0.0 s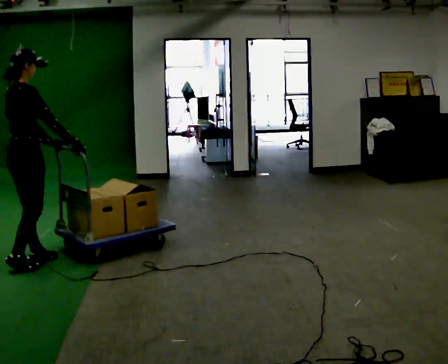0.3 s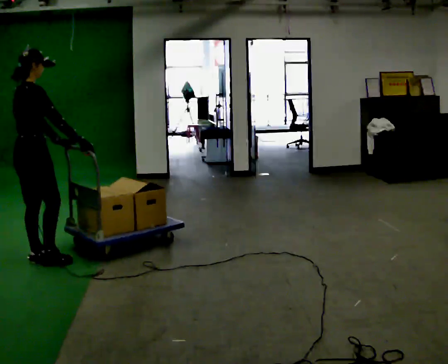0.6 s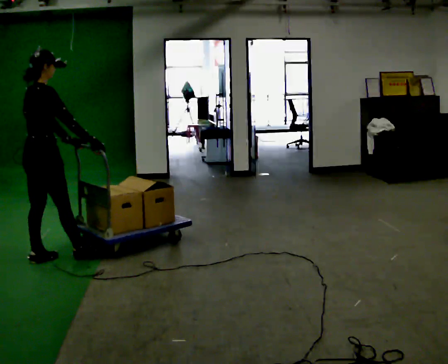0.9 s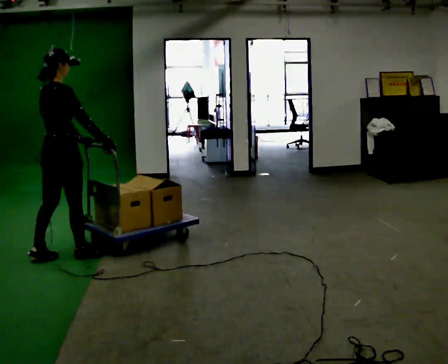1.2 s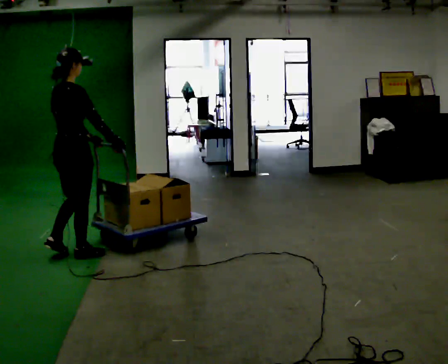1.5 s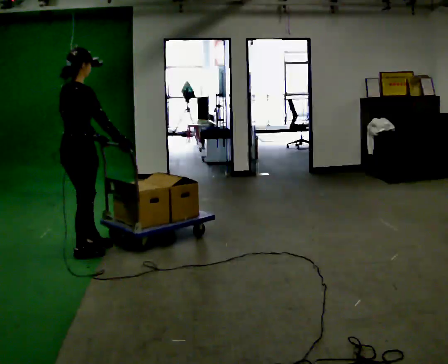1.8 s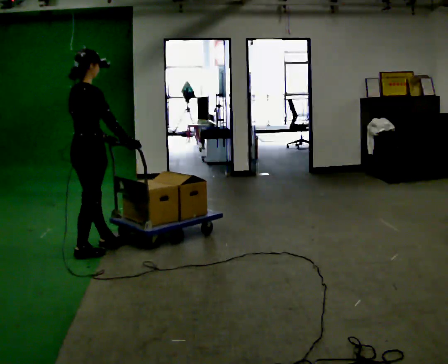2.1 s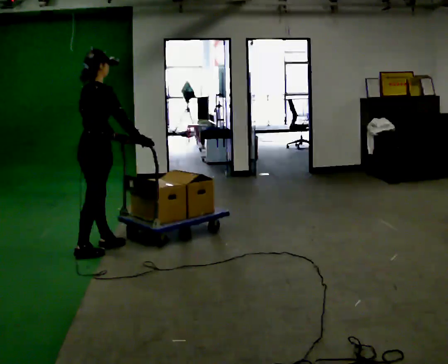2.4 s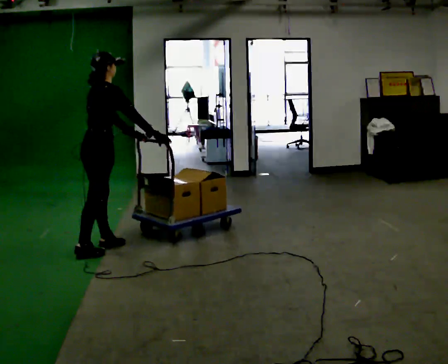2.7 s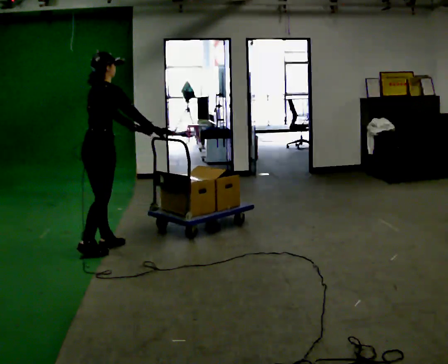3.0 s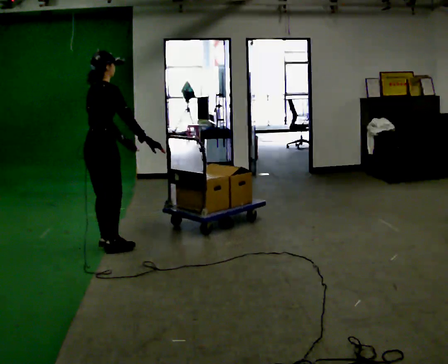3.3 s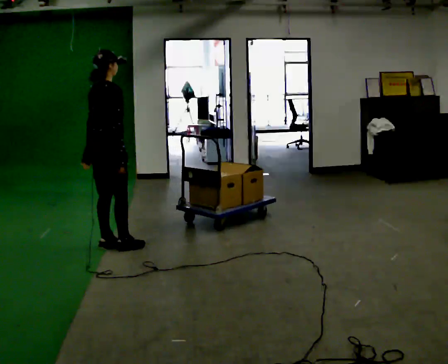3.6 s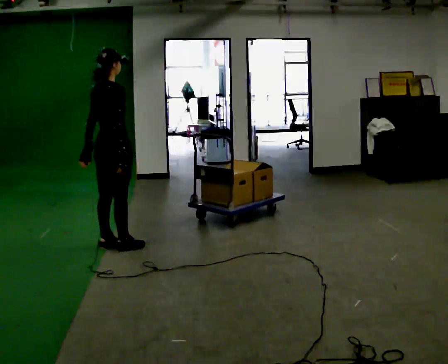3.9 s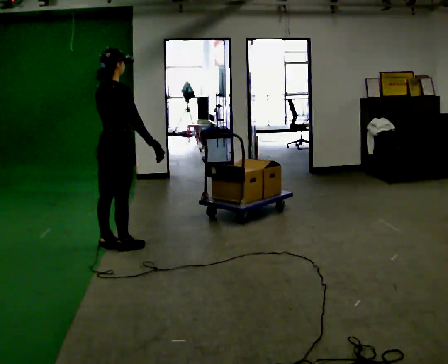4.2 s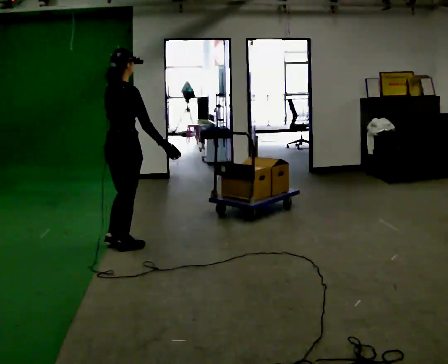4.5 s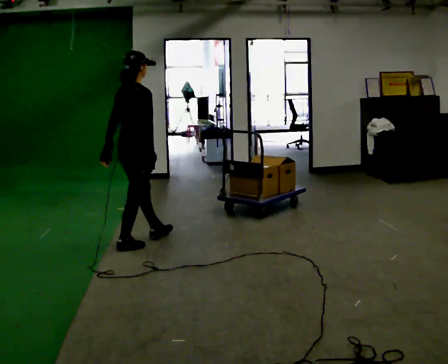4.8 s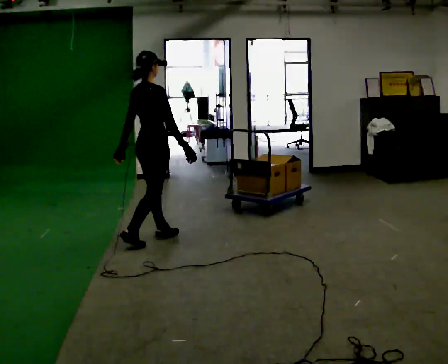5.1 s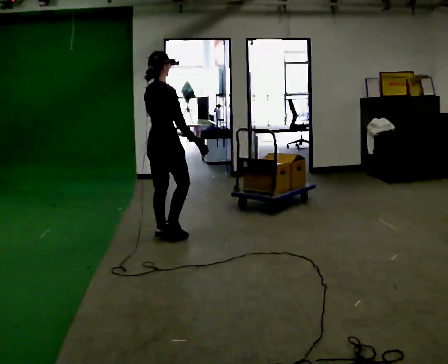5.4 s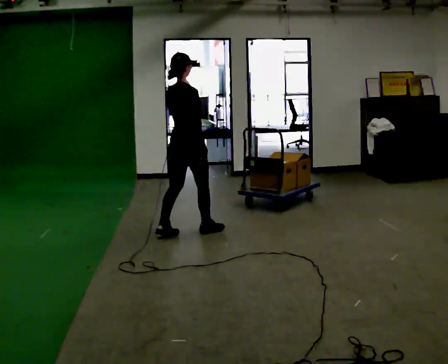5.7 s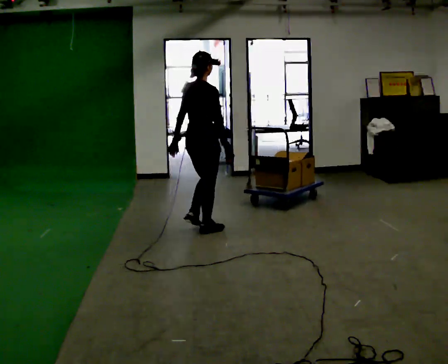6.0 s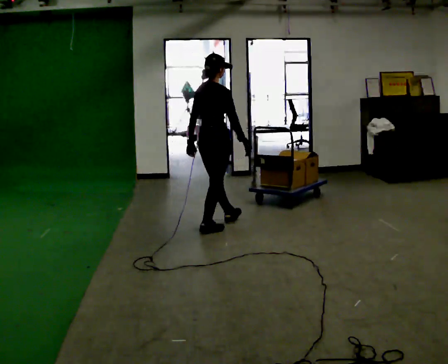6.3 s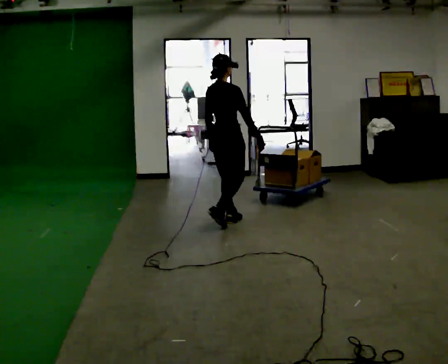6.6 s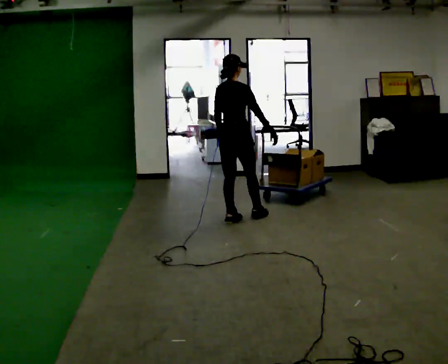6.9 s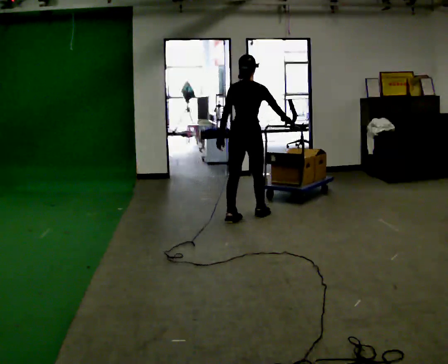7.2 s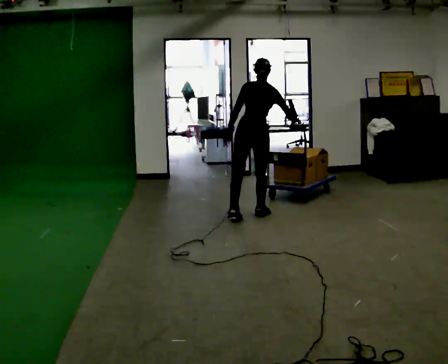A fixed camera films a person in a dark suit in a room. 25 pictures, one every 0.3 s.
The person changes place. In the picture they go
to the right.
0.0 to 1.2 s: In the picture they go to the right and away from the camera, about 0.25 m in 1 step, which for them is forward.
1.2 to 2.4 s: In the picture they go away from the camera and to the right, about 0.25 m in 1 step, which for them is forward.
2.4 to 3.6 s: In the picture the upper body tilts counterclockwise, shoulders to the left, as they lean back or straighten. In the picture their left hand goes to the left, the arm swinging clockwise.
3.6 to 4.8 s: In the picture they go to the right and away from the camera, about 0.25 m in 1 step, which for them is forward.
4.8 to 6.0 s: In the picture they go to the right and away from the camera, about 0.75 m in 1 step, which for them is forward.
6.0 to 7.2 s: The part of the body nearest the lens slides to the right as the person turns to their left by about 45 degrees. In the picture they go to the right and away from the camera, about 0.5 m in 2 steps, which for them is forward. The upper body tips away from the camera, its near side rolling upward.
The film runs forward here.
